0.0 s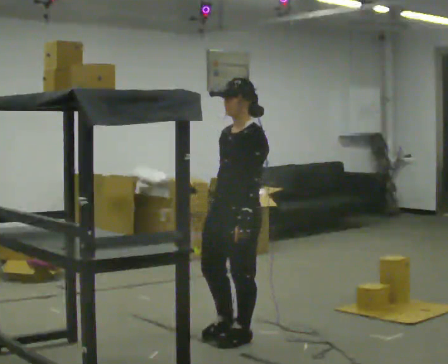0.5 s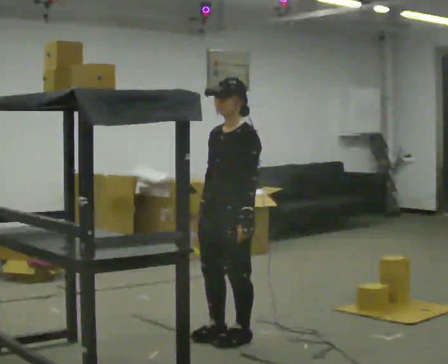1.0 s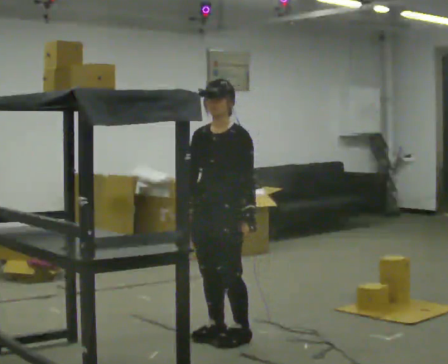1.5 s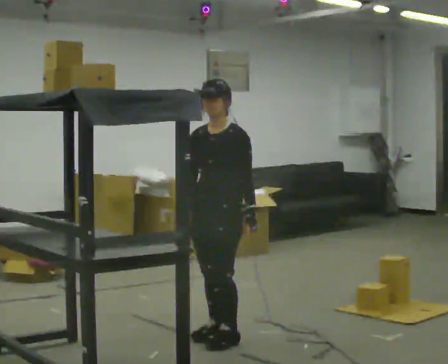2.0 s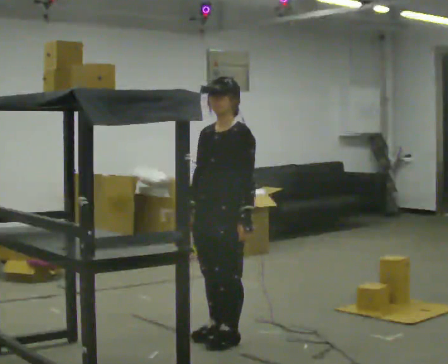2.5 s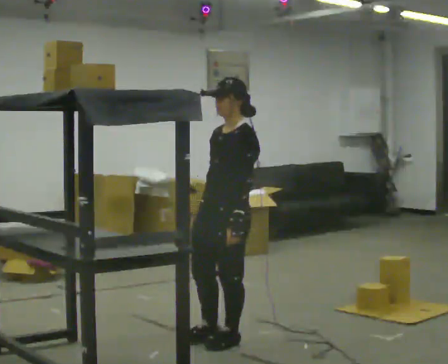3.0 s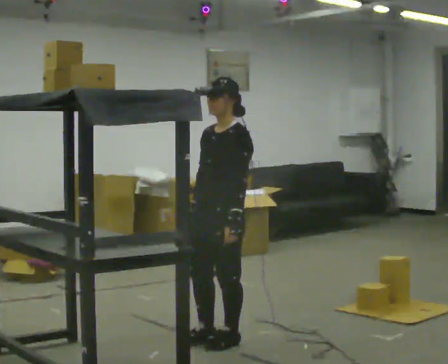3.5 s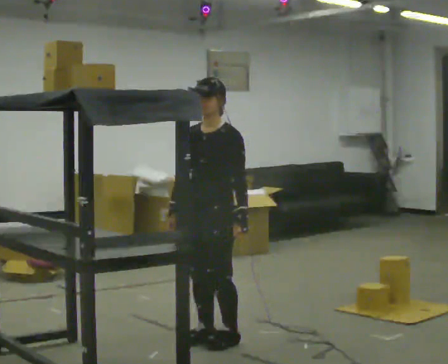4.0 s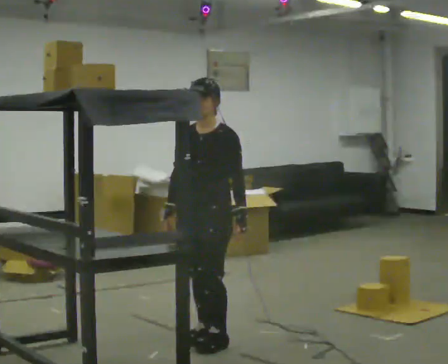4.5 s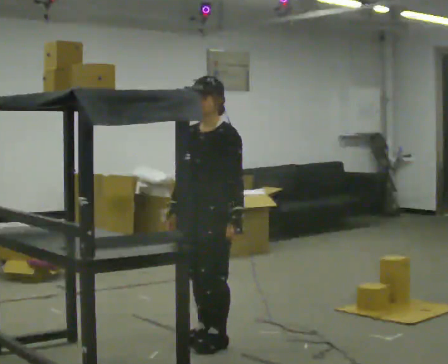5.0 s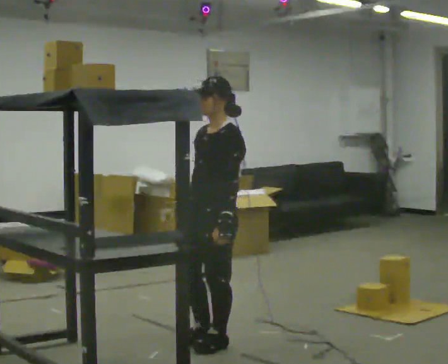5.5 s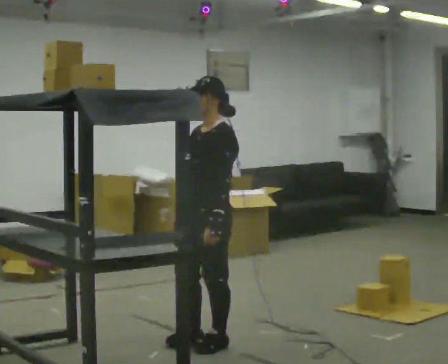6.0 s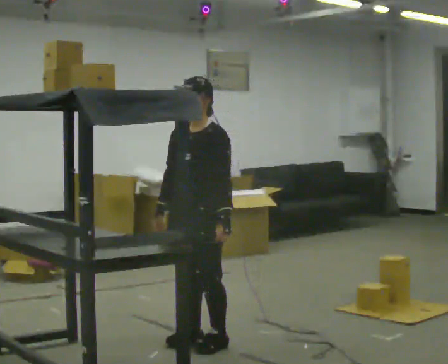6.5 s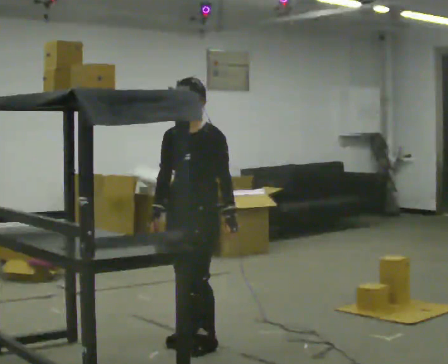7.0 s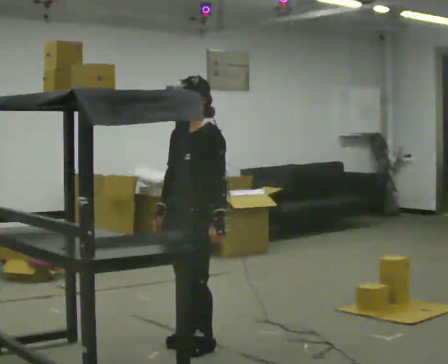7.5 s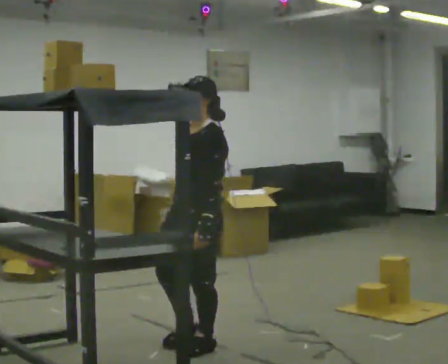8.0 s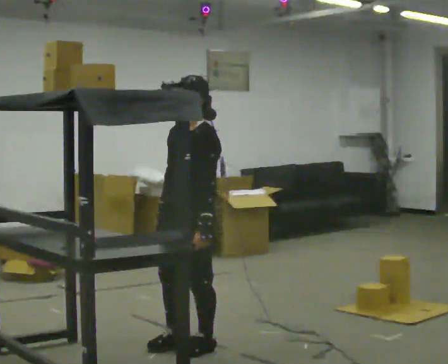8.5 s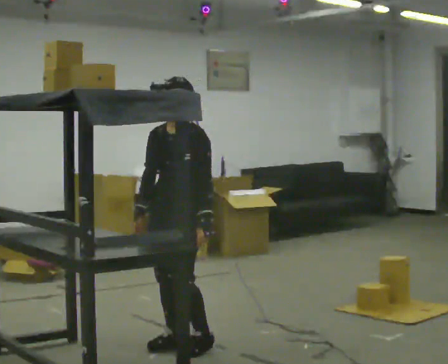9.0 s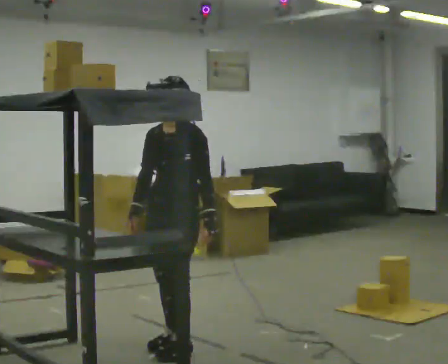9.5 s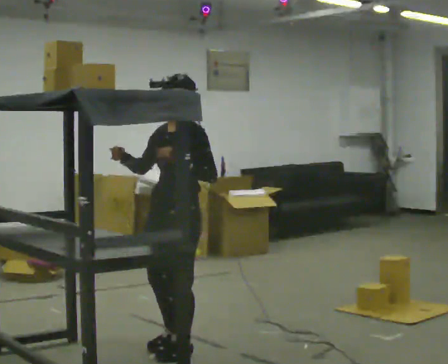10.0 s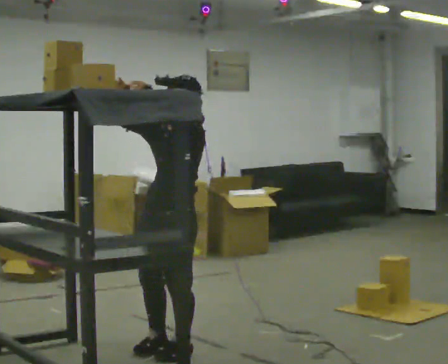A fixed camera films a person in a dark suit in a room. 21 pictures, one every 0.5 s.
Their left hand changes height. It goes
upward.
Their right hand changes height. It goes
upward.
0.0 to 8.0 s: In the picture they go to the left, about 0.25 m in 1 step, which for them is forward and to their right.
8.0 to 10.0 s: In the picture their right hand goes upward, the arm swinging clockwise.
The film runs forward here.
